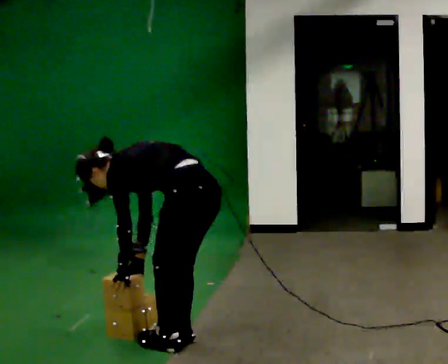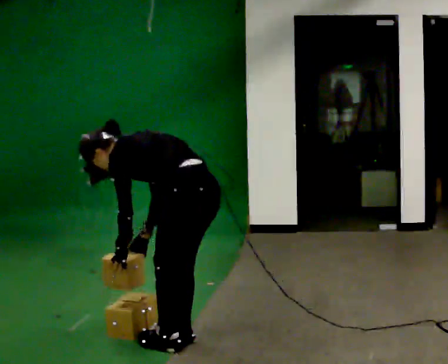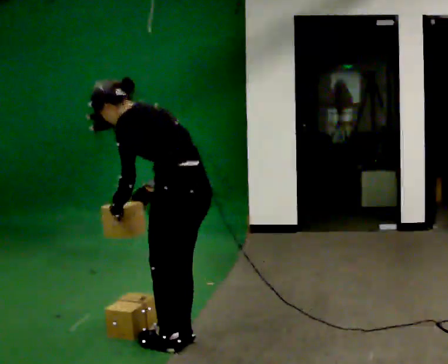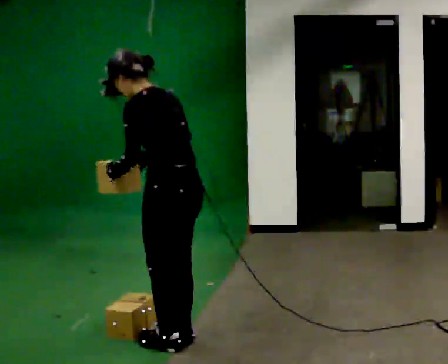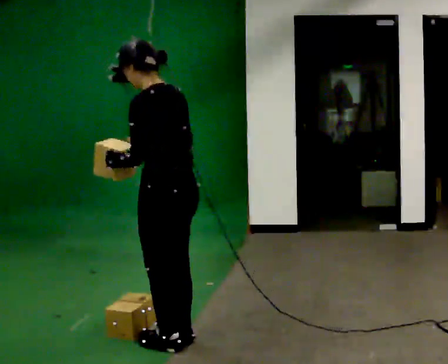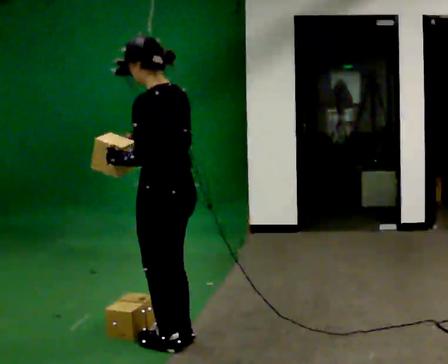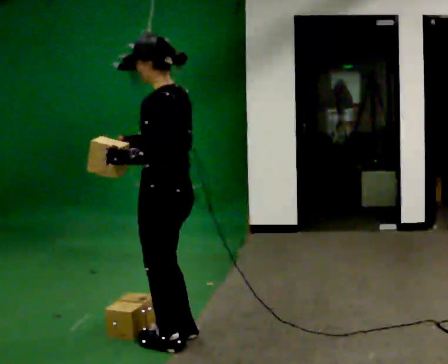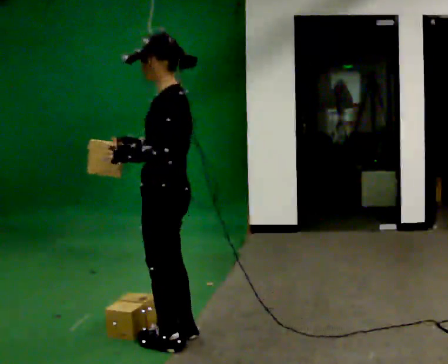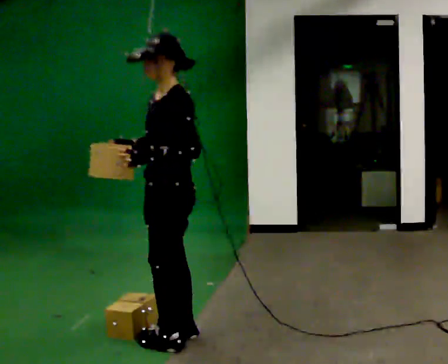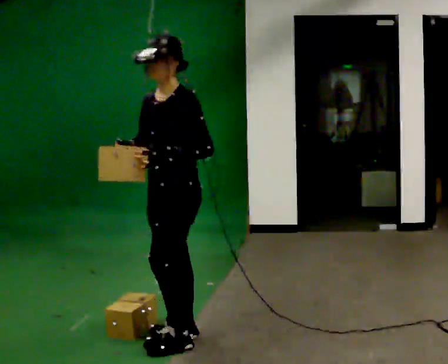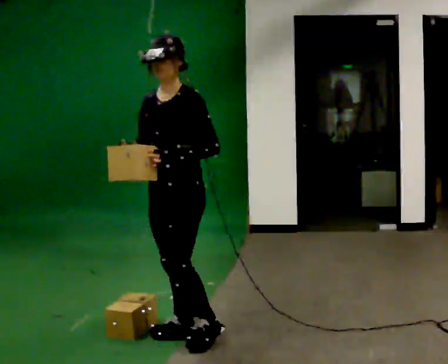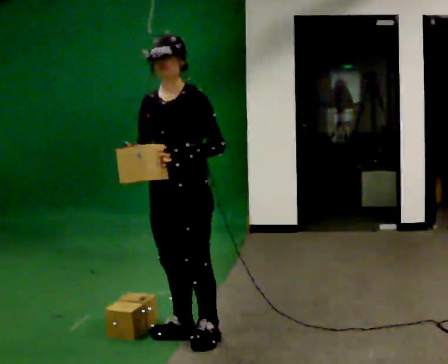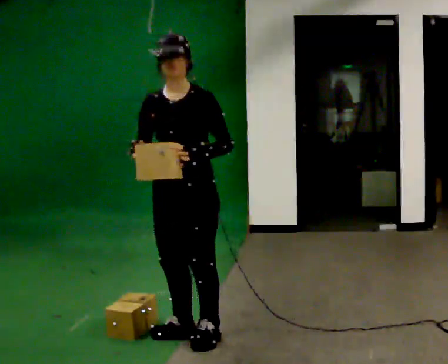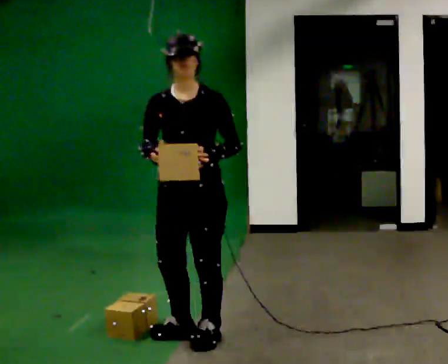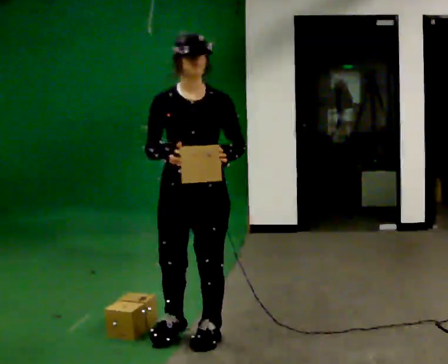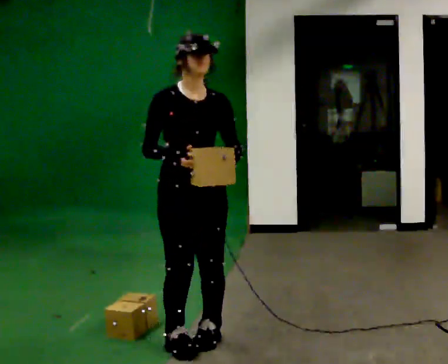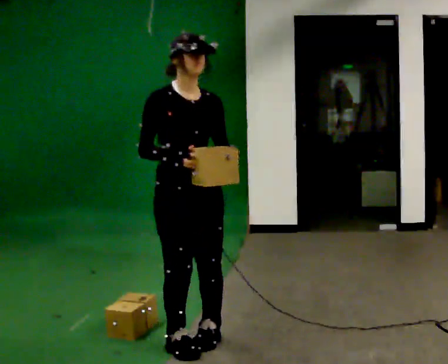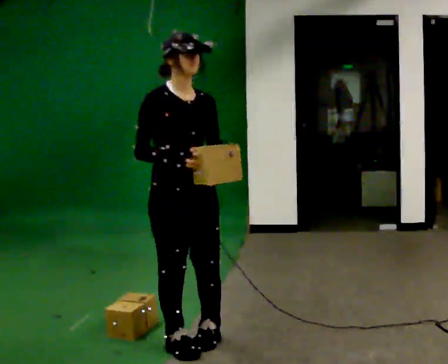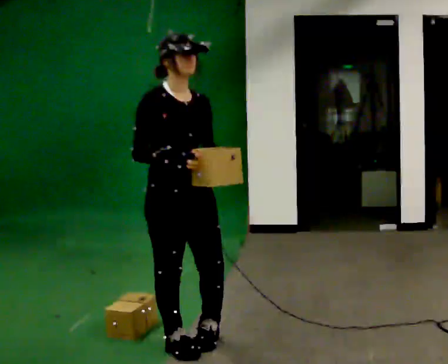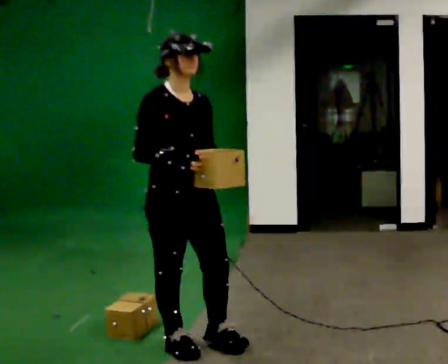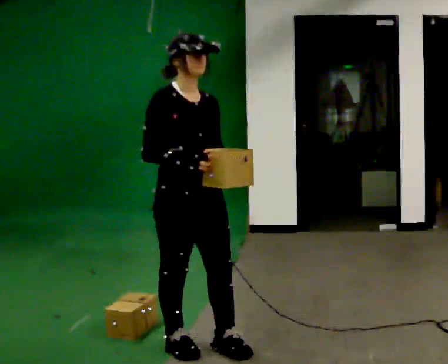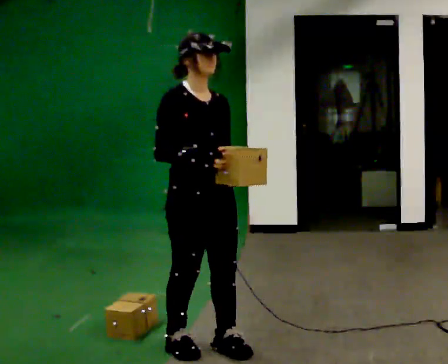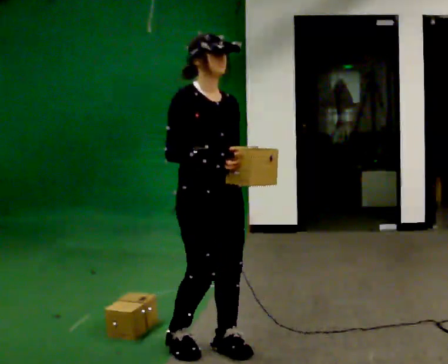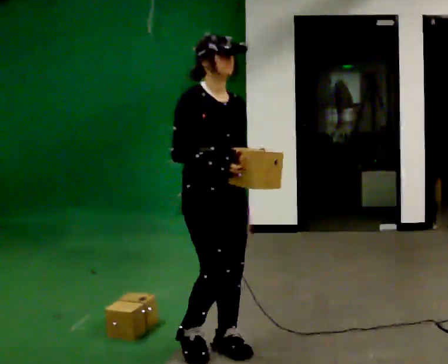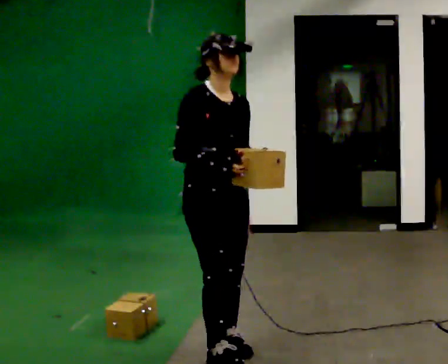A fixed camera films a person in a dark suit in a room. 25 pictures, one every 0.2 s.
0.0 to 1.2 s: The shoulders move upward. In the picture the upper body tilts clockwise, shoulders to the right, as they lean back or straighten. In the picture their right hand goes upward.
1.2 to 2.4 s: Seen from above the body turns counterclockwise, about 75 degrees: to their left, with its near side sliding to the right.
2.4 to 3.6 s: The part of the body nearest the lens slides to the right as the person turns to their left by about 60 degrees.
3.6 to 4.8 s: In the picture they go to the right, about 0.25 m in 1 step, which for them is forward.
The film runs forward here.
